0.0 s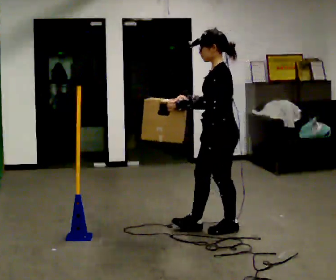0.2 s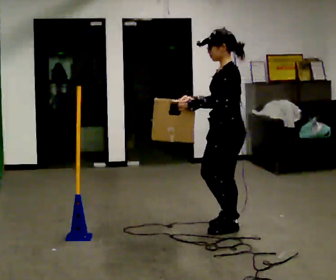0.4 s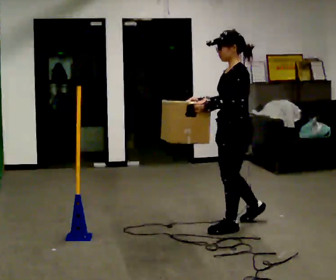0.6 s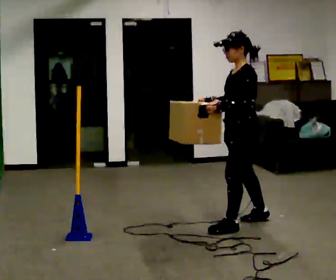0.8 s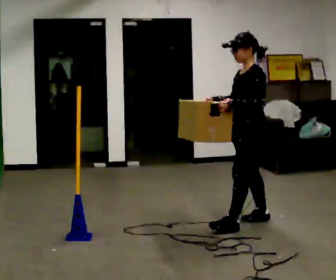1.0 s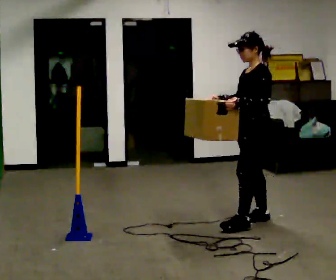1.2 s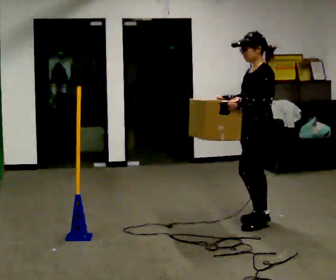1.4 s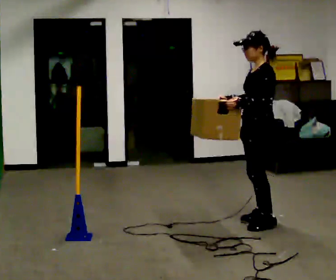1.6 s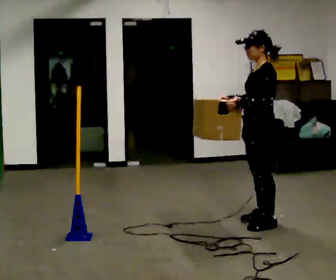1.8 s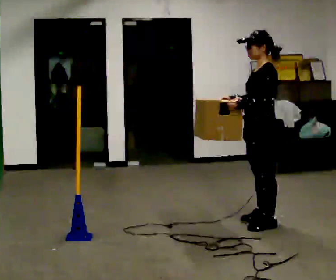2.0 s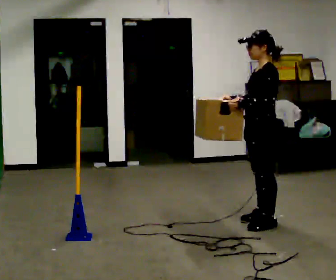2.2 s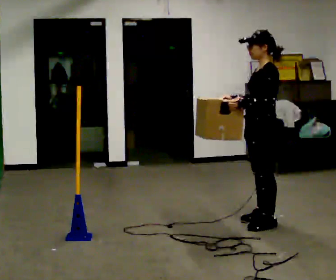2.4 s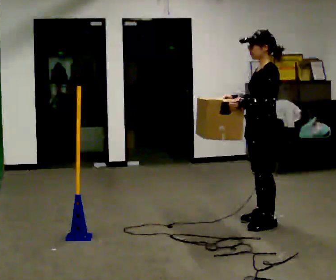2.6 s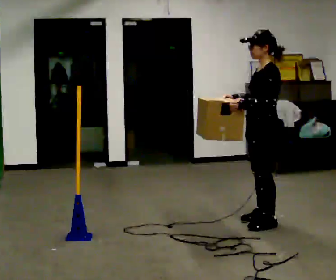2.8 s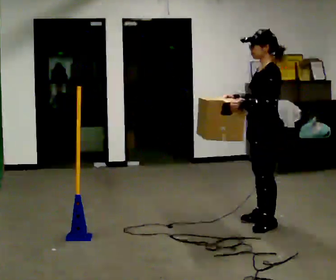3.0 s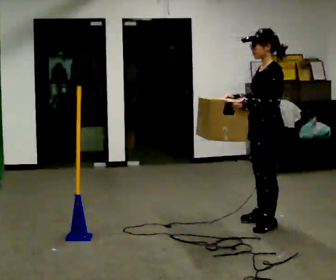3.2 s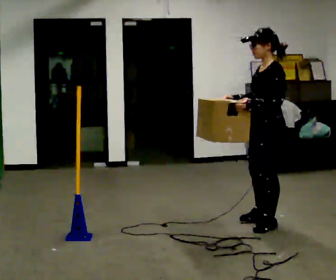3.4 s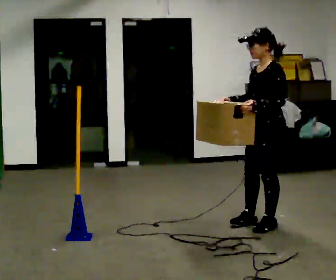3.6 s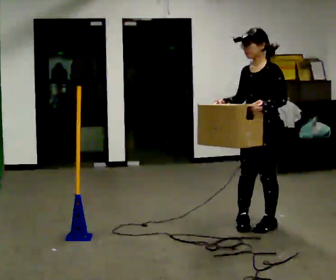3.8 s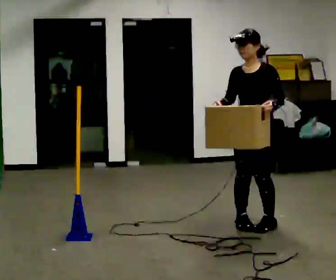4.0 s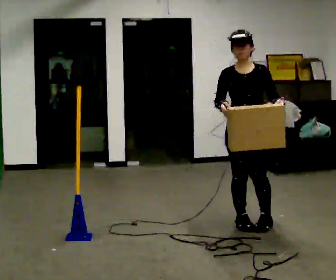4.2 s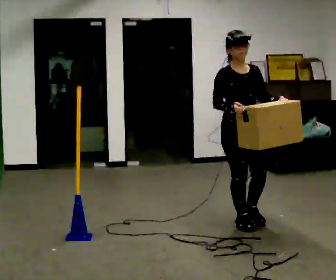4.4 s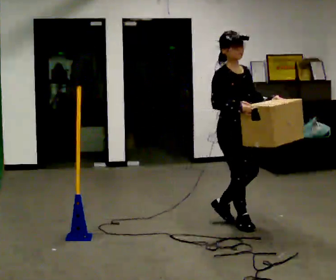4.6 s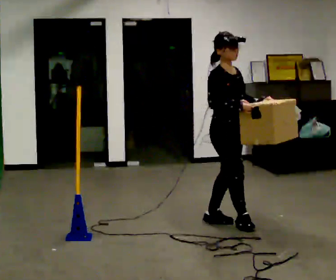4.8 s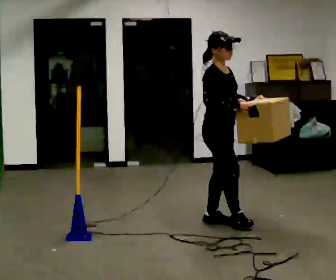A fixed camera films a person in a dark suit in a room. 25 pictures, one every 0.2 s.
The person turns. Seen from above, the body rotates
counterclockwise.
The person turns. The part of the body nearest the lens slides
to the right.
0.0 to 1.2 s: In the picture they go away from the camera and to the right, about 0.5 m in 1 step, which for them is backward.
1.2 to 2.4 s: The person moves a little, or ends about where they began.
2.4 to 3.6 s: The part of the body nearest the lens slides to the right as the person turns to their left by about 30 degrees.
3.6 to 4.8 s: Seen from above the body turns counterclockwise, about 120 degrees: to their left, with its near side sliding to the right. In the picture they go to the left, about 0.5 m in 2 steps.
The film runs backward here.
